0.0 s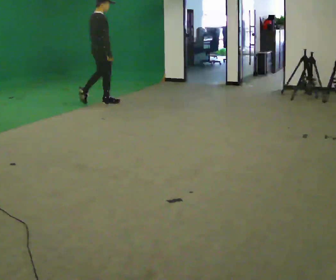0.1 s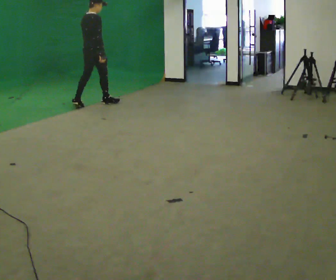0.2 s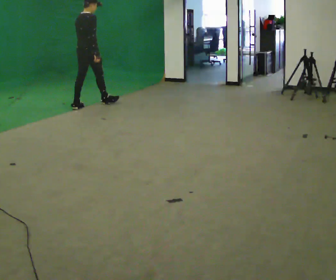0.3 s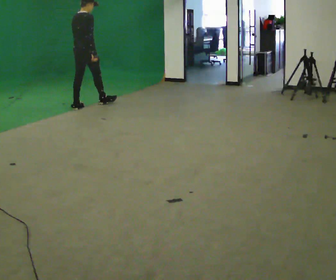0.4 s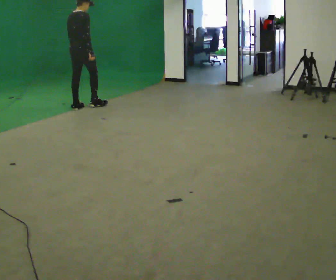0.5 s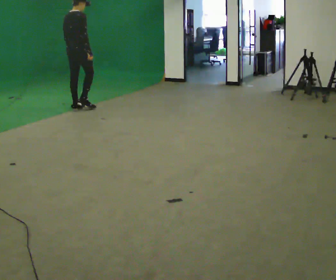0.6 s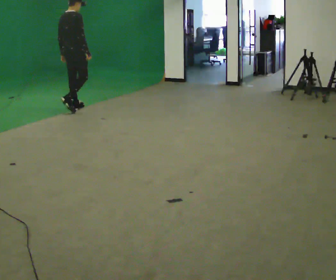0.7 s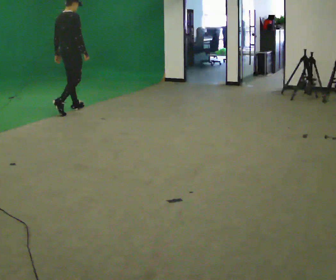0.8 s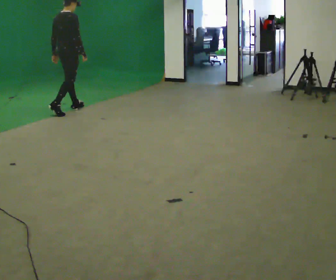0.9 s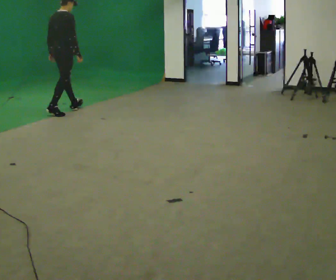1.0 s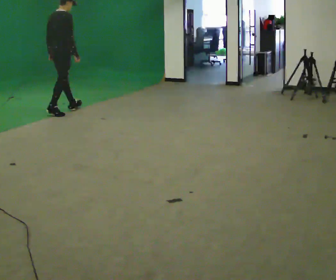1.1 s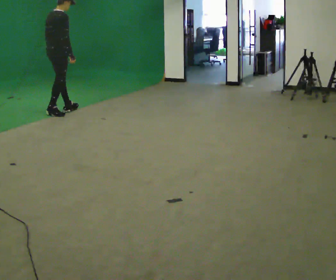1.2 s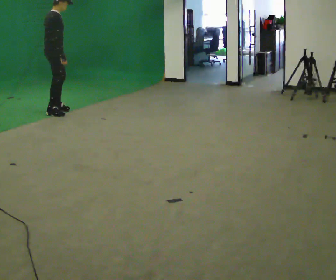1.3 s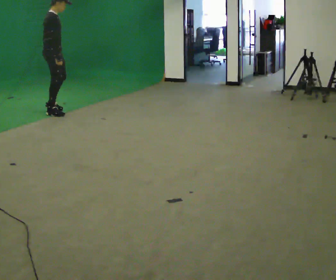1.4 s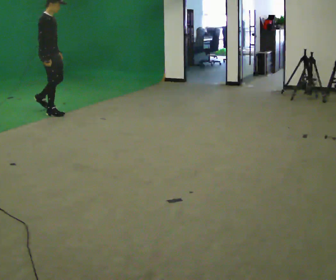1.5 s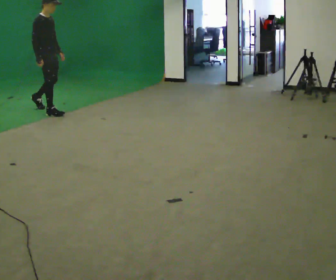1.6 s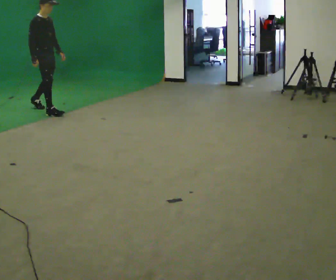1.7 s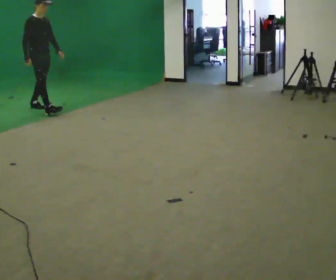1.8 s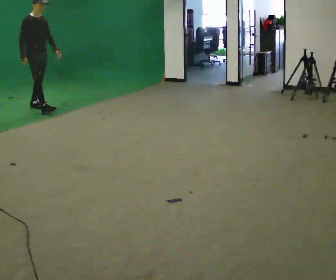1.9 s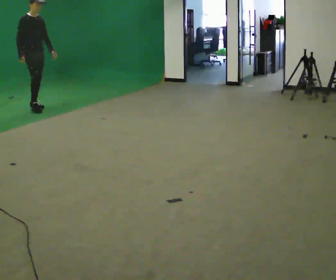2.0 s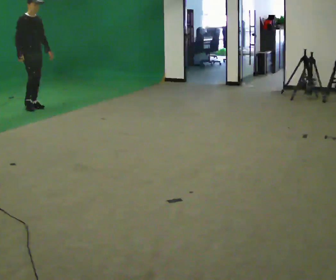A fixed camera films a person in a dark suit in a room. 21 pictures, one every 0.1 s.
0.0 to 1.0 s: In the picture they go to the left and toward the camera, about 1 m in 2 steps, which for them is backward.
1.0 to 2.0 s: The person turns about 90 degrees to their right, clockwise seen from above, so the part of the body nearest the lens slides to the left. In the picture they go to the left and away from the camera, about 0.75 m in 1 step.
The film runs backward here.
